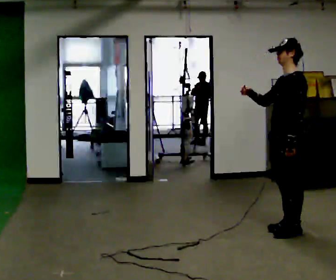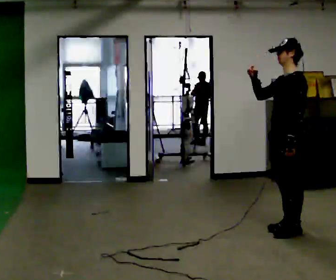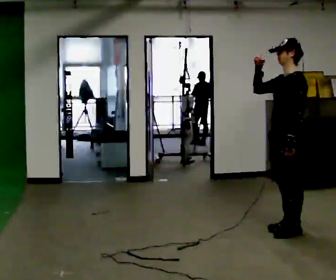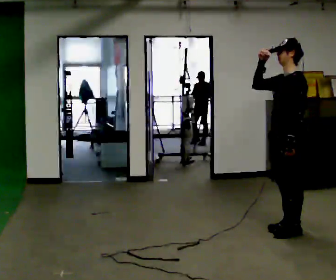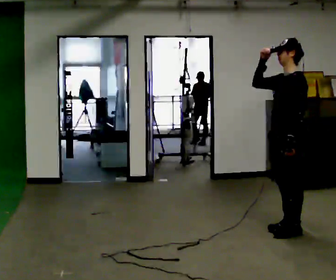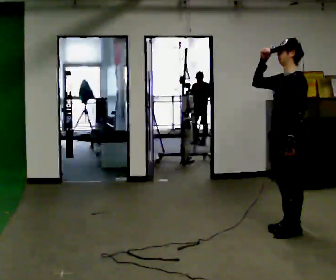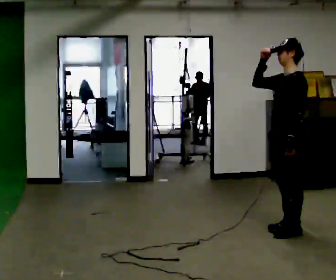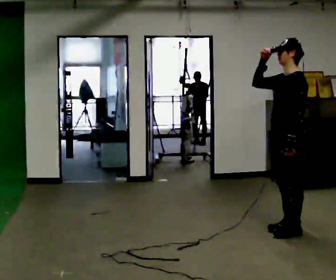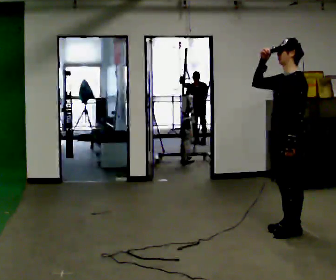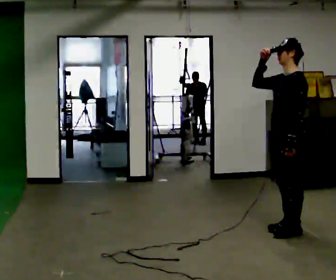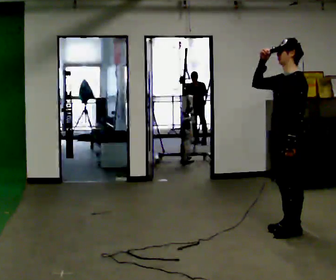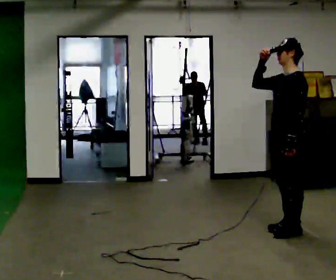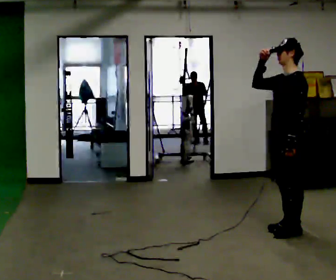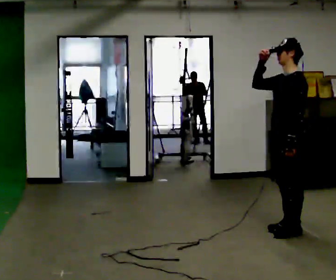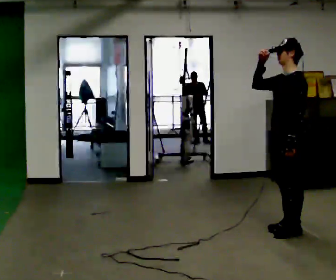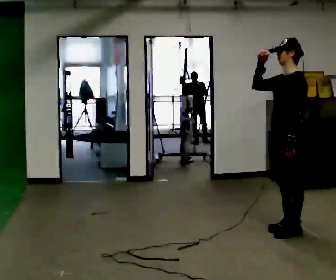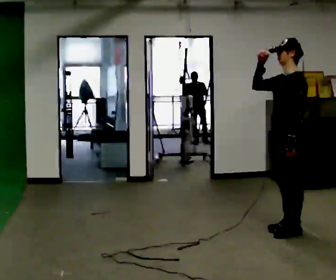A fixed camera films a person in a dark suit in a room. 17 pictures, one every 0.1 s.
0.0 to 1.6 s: In the picture their right hand goes upward, the arm swinging clockwise.
The film runs backward here.
